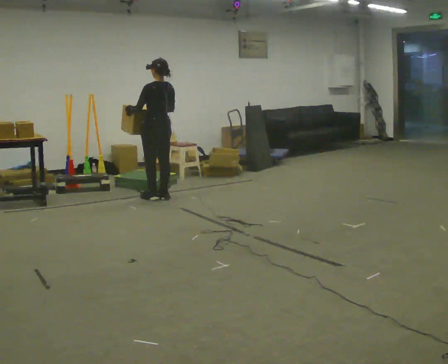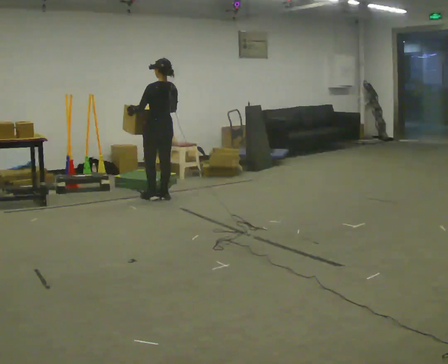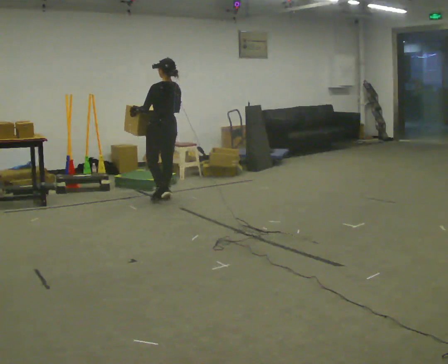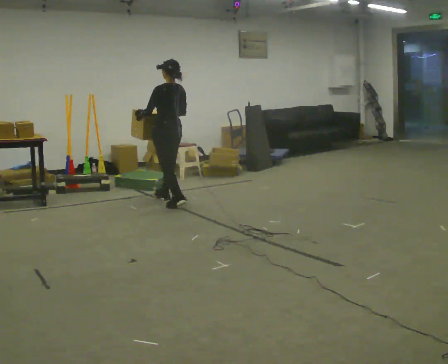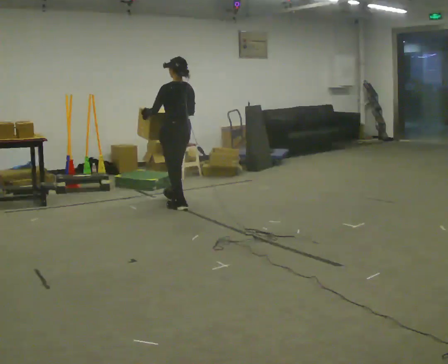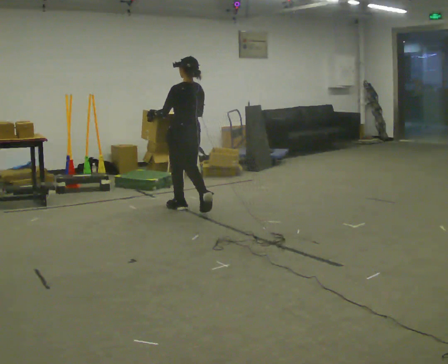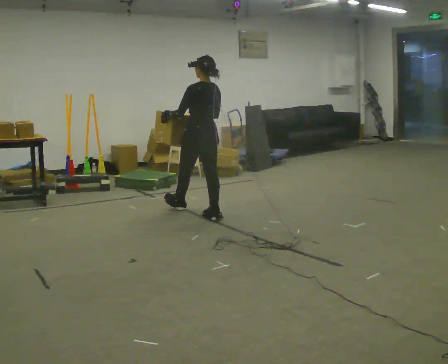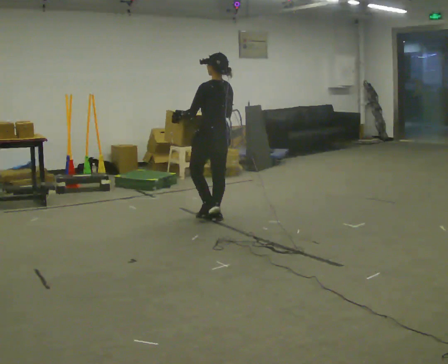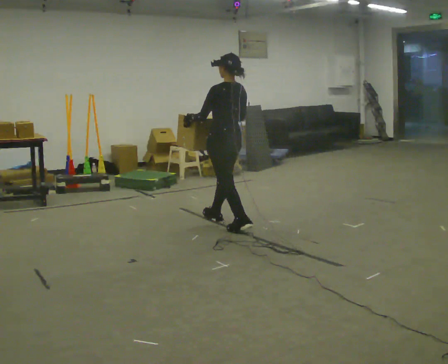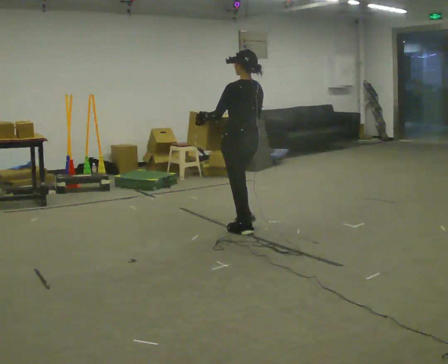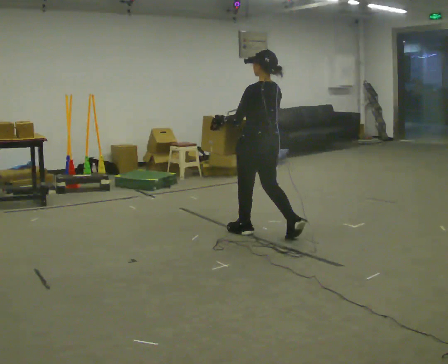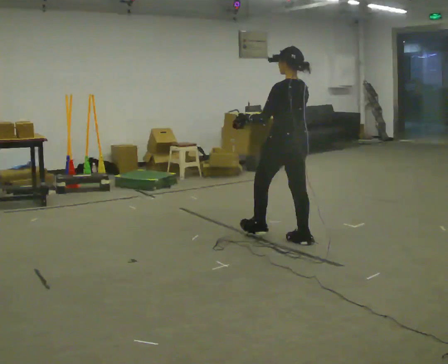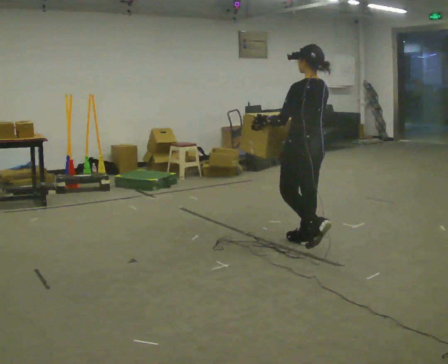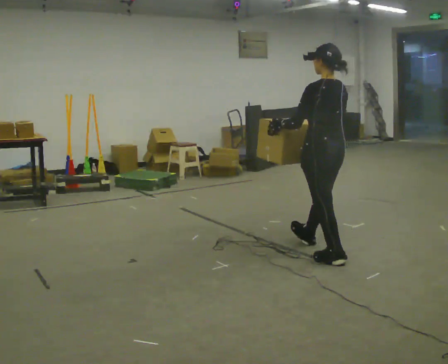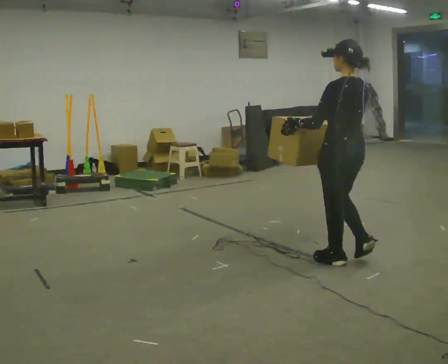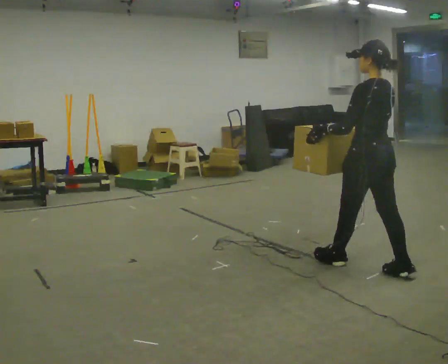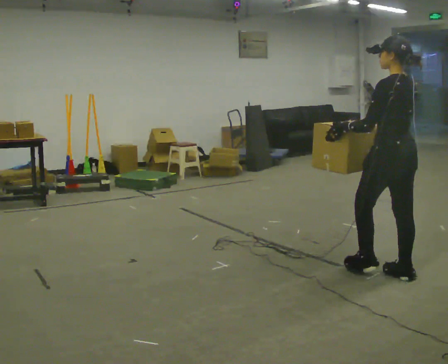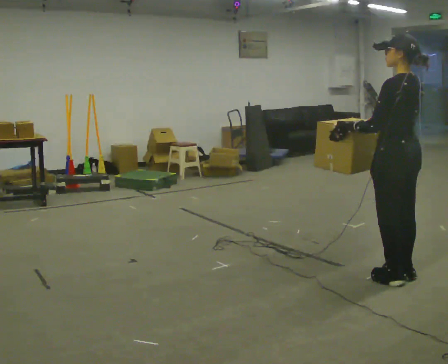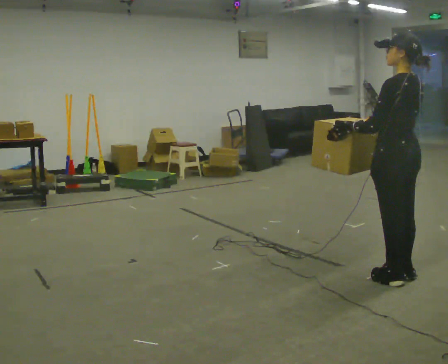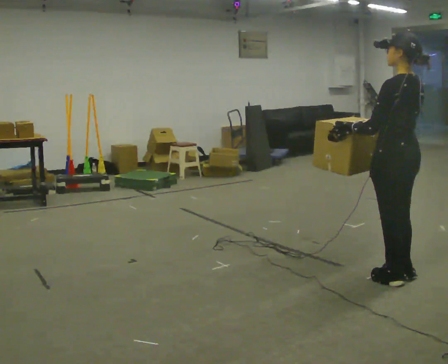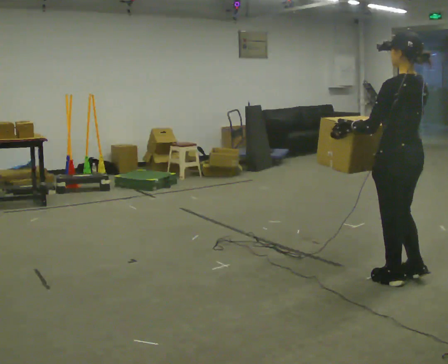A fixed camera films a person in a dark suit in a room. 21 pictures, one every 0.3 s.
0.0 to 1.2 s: In the picture they go toward the camera and to the right, about 0.5 m in 2 steps, which for them is backward.
1.2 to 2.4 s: In the picture they go toward the camera and to the right, about 1 m in 1 step, which for them is backward.
2.4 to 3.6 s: In the picture they go to the right and toward the camera, about 1 m in 2 steps, which for them is backward.
3.6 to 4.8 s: In the picture they go toward the camera and to the right, about 1 m in 2 steps, which for them is backward.
4.8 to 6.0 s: The person moves a little, or ends about where they began.
The film runs backward here.
